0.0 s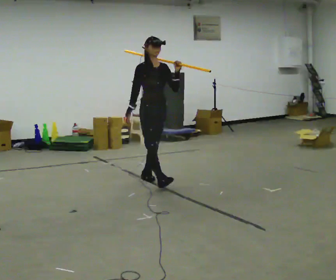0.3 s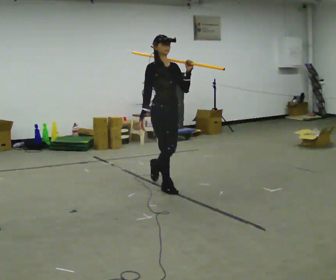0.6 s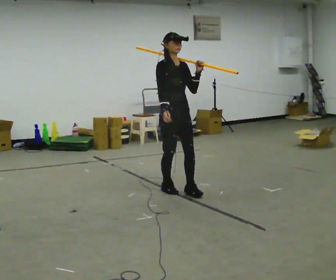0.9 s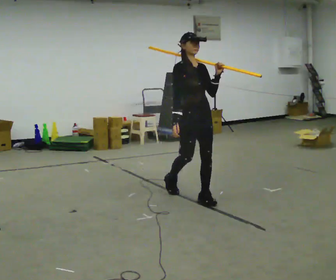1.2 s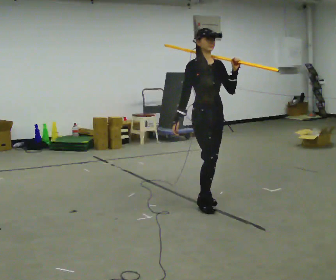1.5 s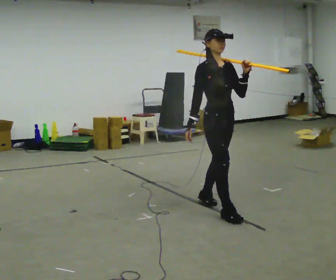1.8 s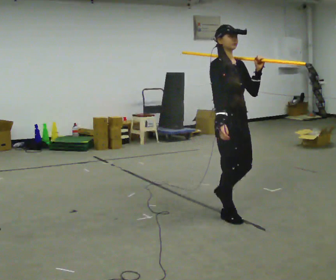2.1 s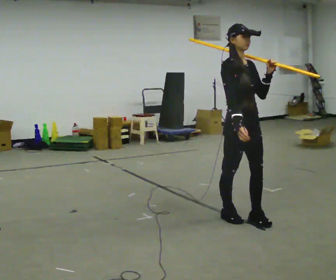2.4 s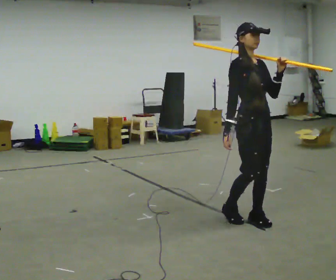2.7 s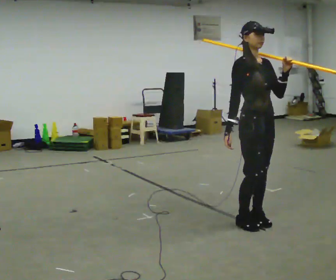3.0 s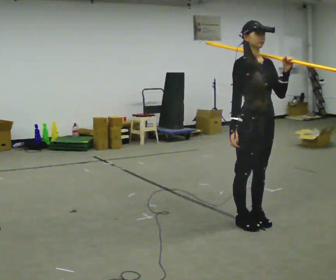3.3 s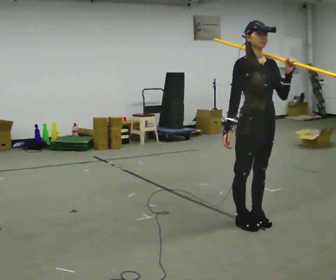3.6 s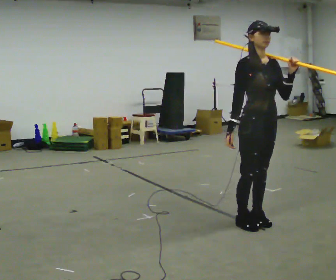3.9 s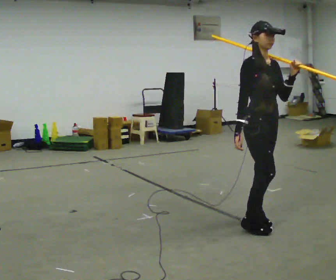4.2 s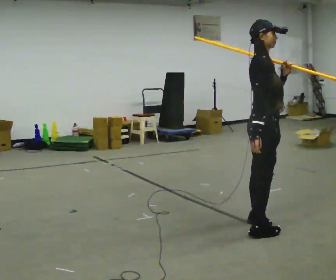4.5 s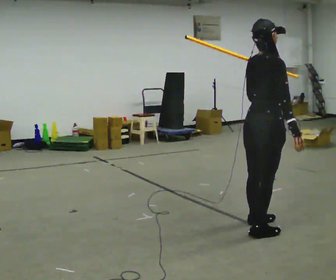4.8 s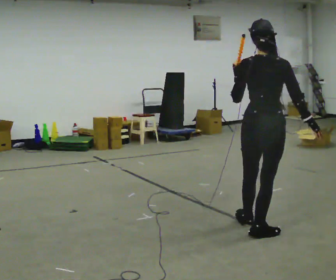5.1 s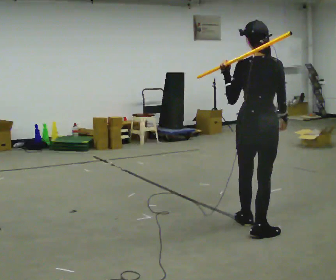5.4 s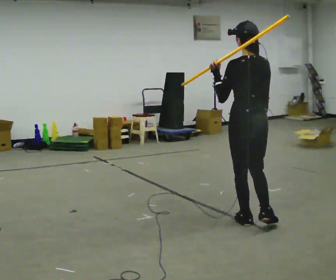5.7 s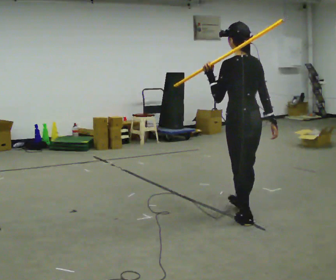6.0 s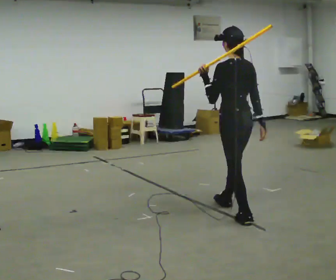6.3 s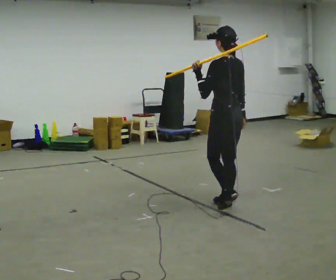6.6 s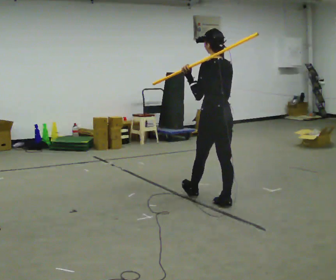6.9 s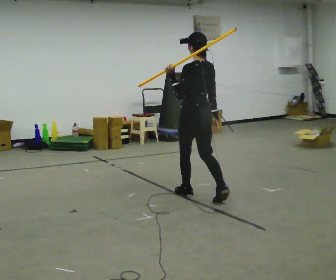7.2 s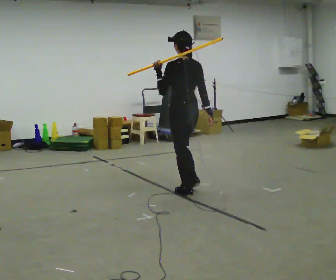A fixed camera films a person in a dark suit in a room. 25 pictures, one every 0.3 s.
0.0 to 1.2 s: In the picture they go toward the camera and to the right, about 1 m in 2 steps, which for them is forward.
1.2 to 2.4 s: In the picture they go toward the camera and to the right, about 0.75 m in 2 steps, which for them is forward.
2.4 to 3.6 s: The person moves a little, or ends about where they began.
3.6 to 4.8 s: The person turns about 135 degrees to their left, counterclockwise seen from above, so the part of the body nearest the lens slides to the right. In the picture they go toward the camera, about 0.25 m in 1 step. In the picture their right hand goes to the right, the arm swinging counterclockwise.
4.8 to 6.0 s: Seen from above the body turns counterclockwise, about 45 degrees: to their left, with its near side sliding to the right. In the picture they go away from the camera and to the left, about 0.5 m in 1 step, which for them is forward.
6.0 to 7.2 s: In the picture they go away from the camera and to the left, about 1 m in 1 step, which for them is forward.
The film runs forward here.
